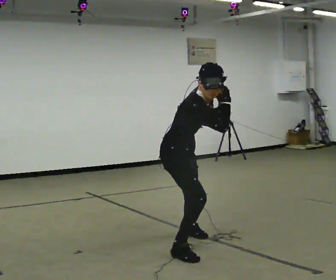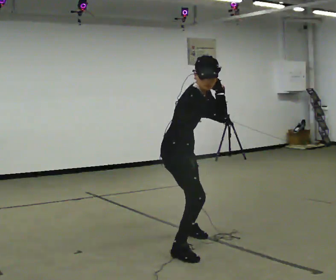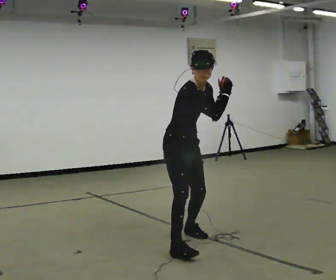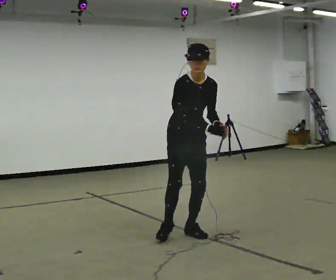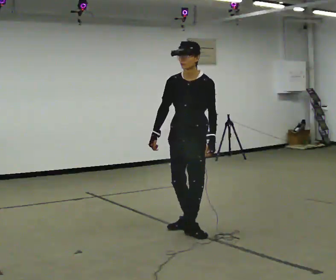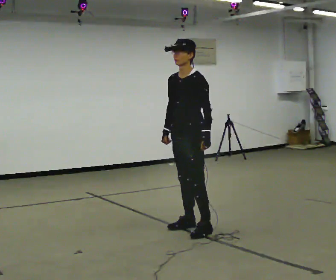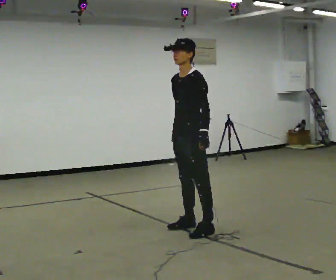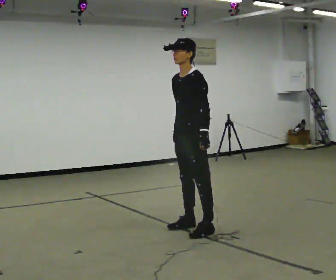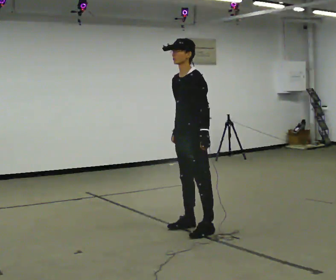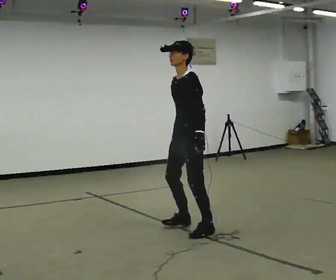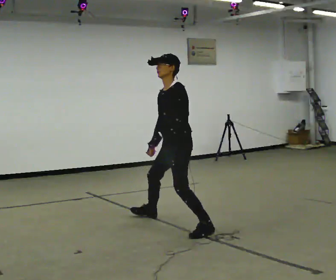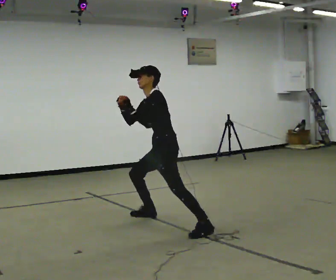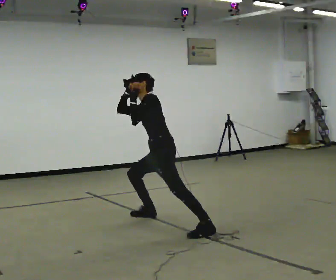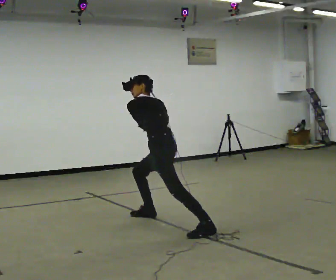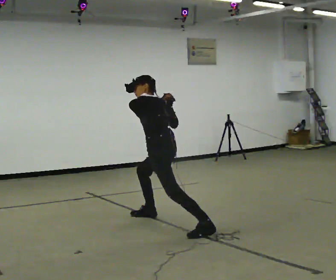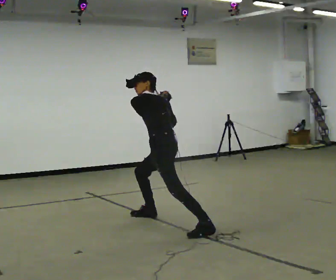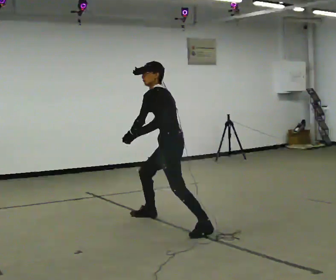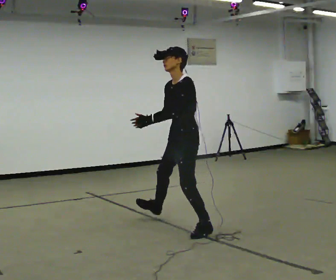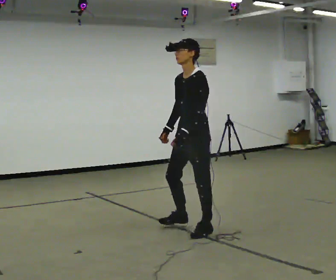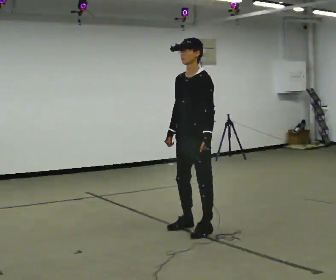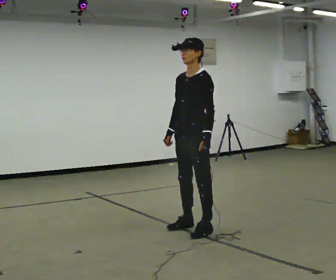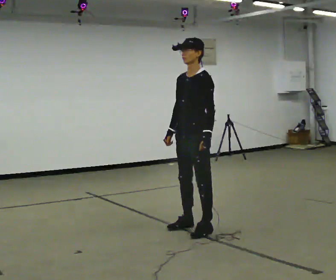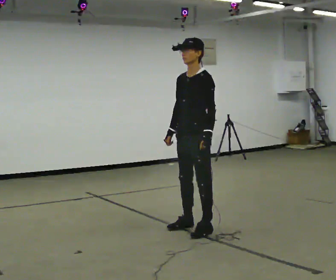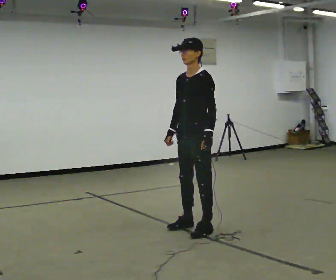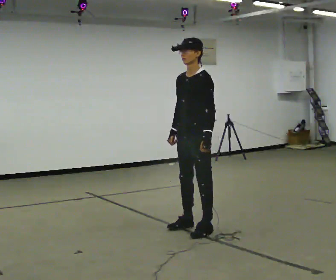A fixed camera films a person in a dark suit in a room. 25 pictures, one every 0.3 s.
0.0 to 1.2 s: Seen from above the body turns clockwise, about 90 degrees: to their right, with its near side sliding to the left. In the picture they go away from the camera, about 0.5 m in 1 step. The shoulders move upward. In the picture the upper body tilts counterclockwise, shoulders to the left, as they lean back or straighten. In the picture their right hand goes downward.
1.2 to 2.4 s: The person turns about 30 degrees to their right, clockwise seen from above, so the part of the body nearest the lens slides to the left.
2.4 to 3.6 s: Seen from above the body turns clockwise, about 30 degrees: to their right, with its near side sliding to the left. In the picture they go away from the camera and to the left, about 0.5 m in 1 step, which for them is to their right. The upper body goes downward. The upper body tips away from the camera, its near side rolling upward, as they bend forward. In the picture their right hand goes upward.
3.6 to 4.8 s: In the picture their right hand goes downward.
4.8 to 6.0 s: Seen from above the body turns counterclockwise, about 45 degrees: to their left, with its near side sliding to the right. In the picture they go toward the camera and to the right, about 0.25 m in 1 step, which for them is to their left. The upper body goes upward. In the picture the upper body tilts clockwise, shoulders to the right, as they lean back or straighten.
6.0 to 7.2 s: The person moves a little, or ends about where they began.
The film runs backward here.
